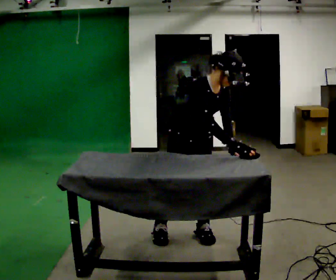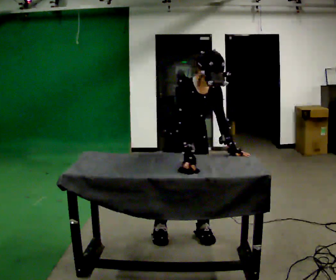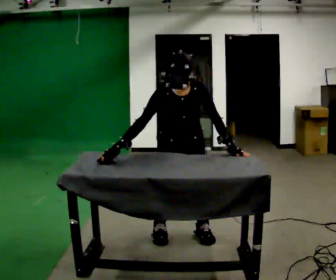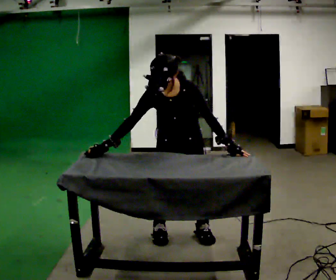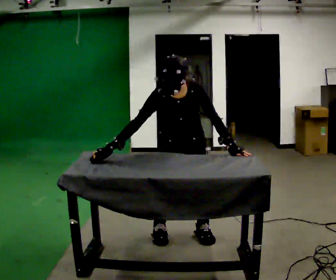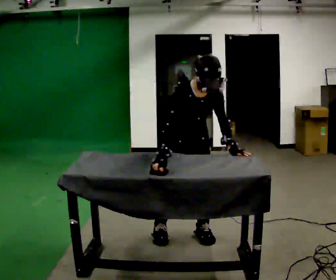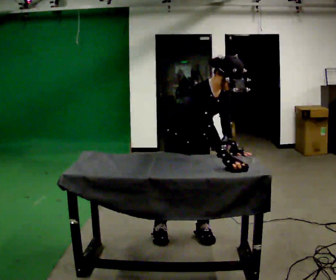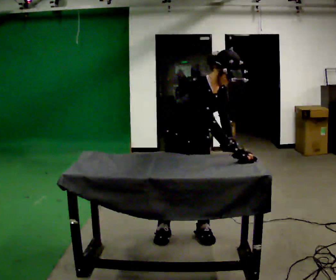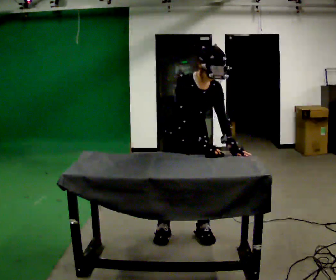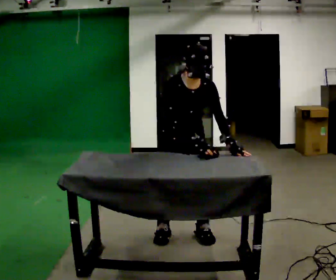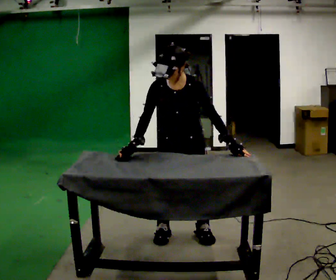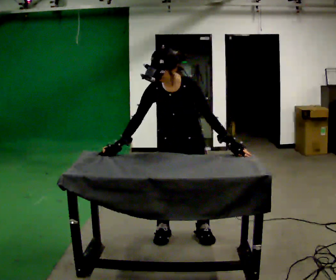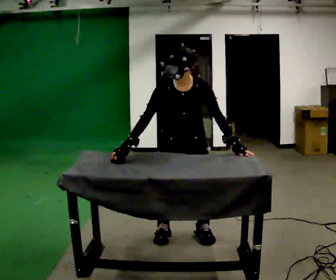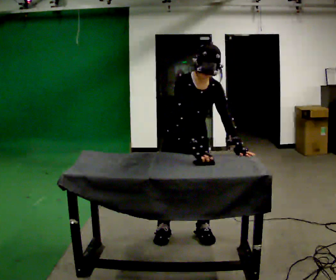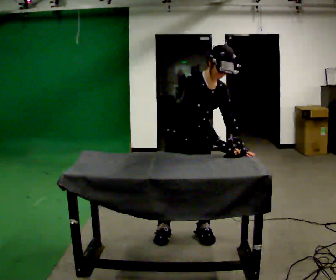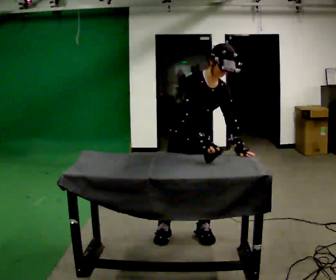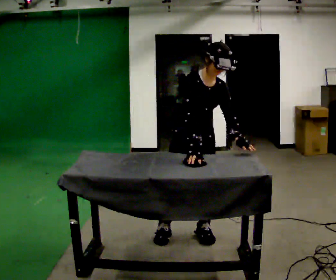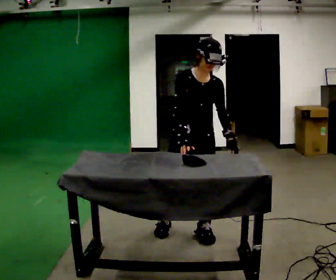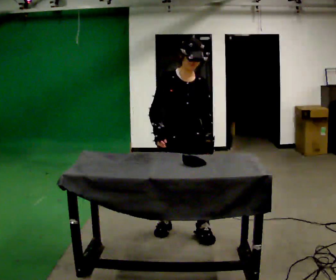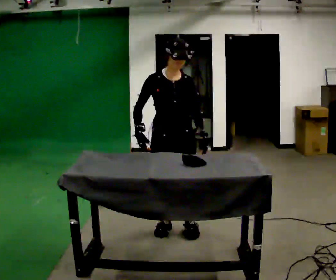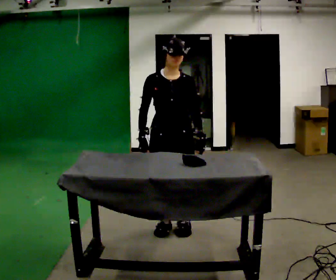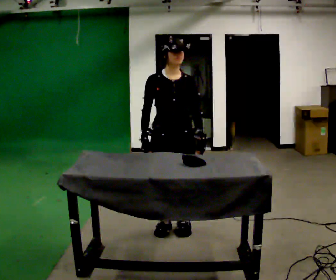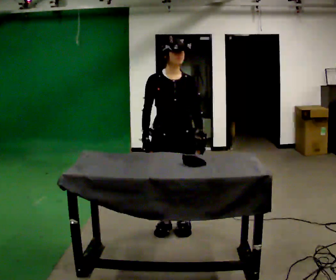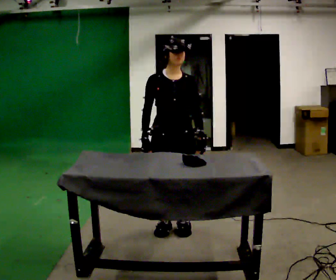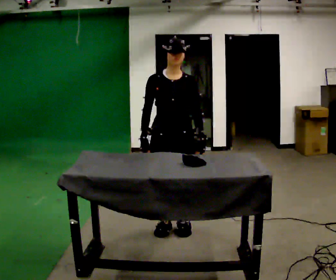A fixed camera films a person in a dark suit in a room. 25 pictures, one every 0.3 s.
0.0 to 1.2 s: The person turns about 45 degrees to their right, clockwise seen from above, so the part of the body nearest the lens slides to the left. In the picture the upper body tilts counterclockwise, shoulders to the left. In the picture their right hand goes to the left, the arm swinging clockwise.
1.2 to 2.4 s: The person turns about 30 degrees to their left, counterclockwise seen from above, so the part of the body nearest the lens slides to the right. In the picture their right hand goes to the right.
2.4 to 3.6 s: The part of the body nearest the lens slides to the left as the person turns to their right by about 30 degrees. In the picture their right hand goes to the left, the arm swinging clockwise.
3.6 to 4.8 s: In the picture their right hand goes to the right.
4.8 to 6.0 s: In the picture they go to the left, about 0.25 m in 1 step, which for them is to their right. The upper body tips away from the camera, its near side rolling upward, as they lean back or straighten. In the picture their right hand goes to the left.
6.0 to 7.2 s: The person moves a little, or ends about where they began.
The film runs backward here.
